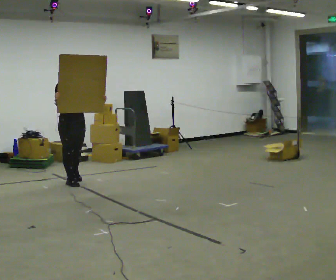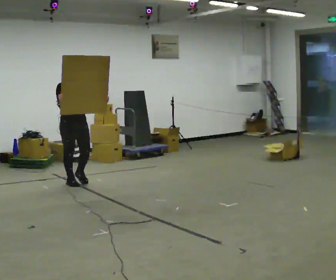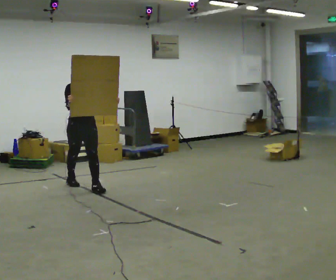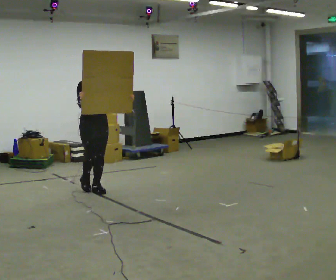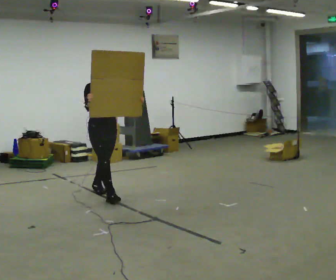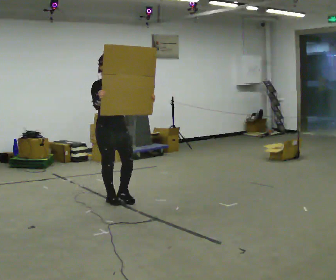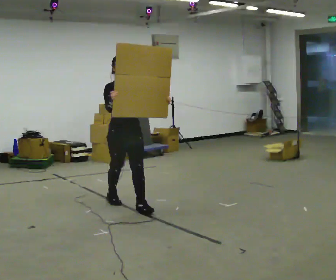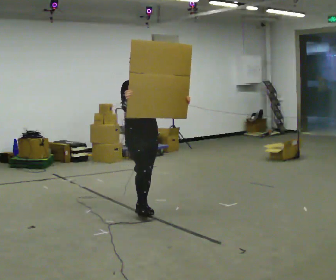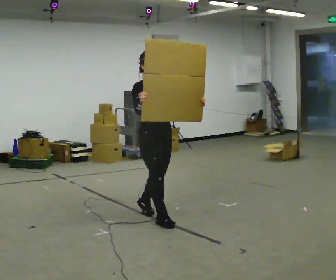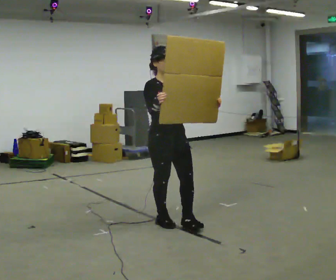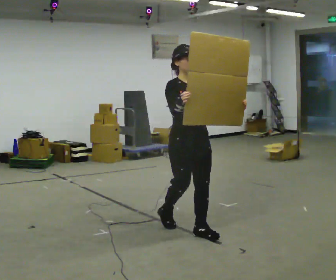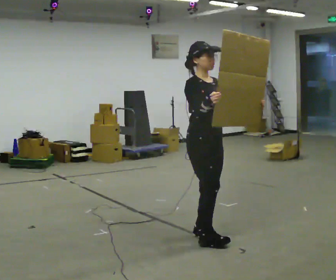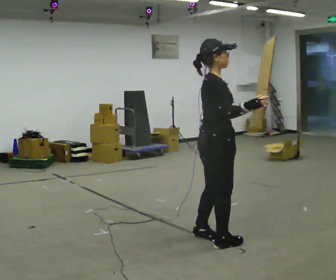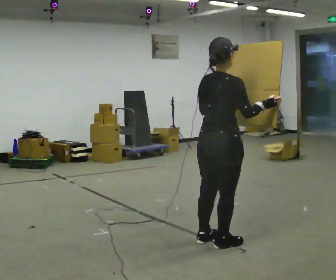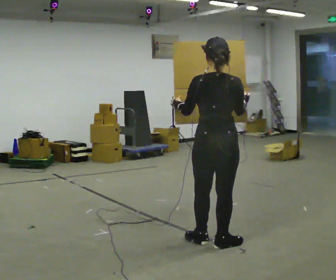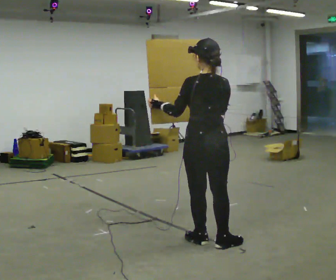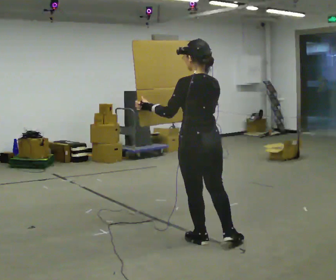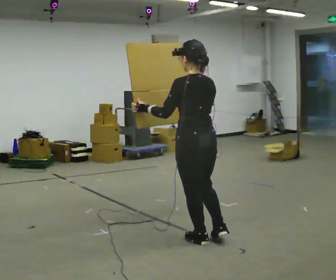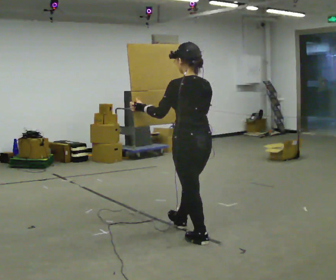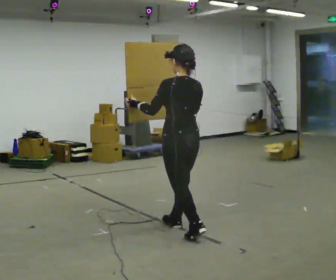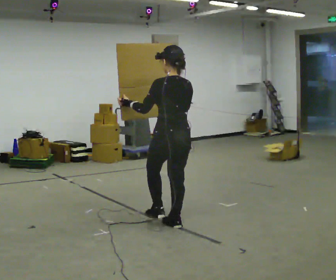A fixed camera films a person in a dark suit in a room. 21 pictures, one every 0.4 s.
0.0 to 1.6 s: In the picture they go to the right and toward the camera, about 1 m in 2 steps, which for them is forward.
1.6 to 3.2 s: In the picture they go toward the camera and to the right, about 1 m in 2 steps, which for them is forward.
3.2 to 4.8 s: The person turns about 60 degrees to their left, counterclockwise seen from above, so the part of the body nearest the lens slides to the right. In the picture they go toward the camera and to the right, about 1 m in 2 steps.
4.8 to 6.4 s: The person turns about 120 degrees to their left, counterclockwise seen from above, so the part of the body nearest the lens slides to the right. In the picture their left hand goes to the left.
6.4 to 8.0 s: In the picture they go away from the camera and to the left, about 0.5 m in 1 step, which for them is forward.
The film runs forward here.
